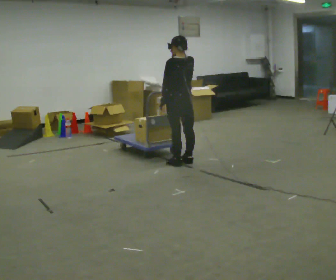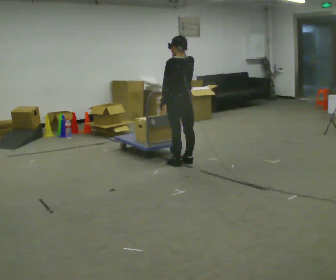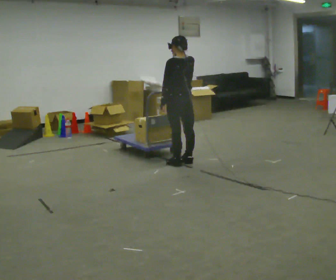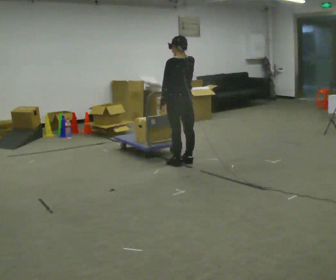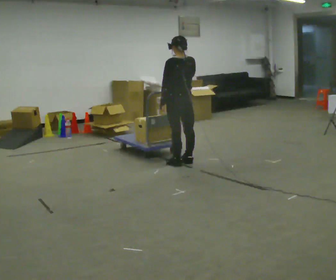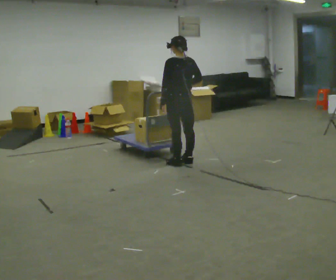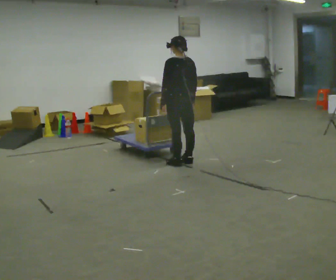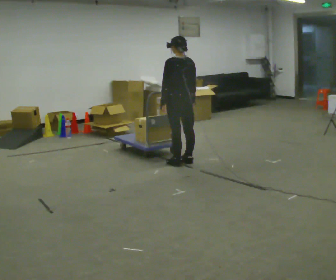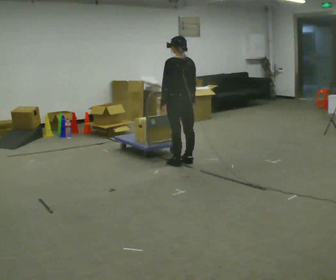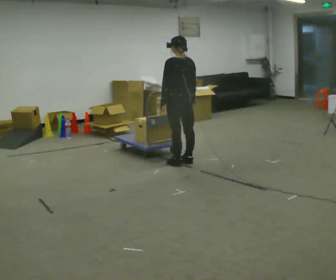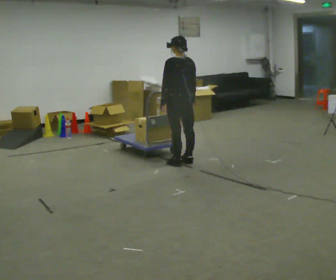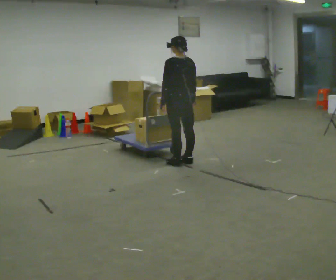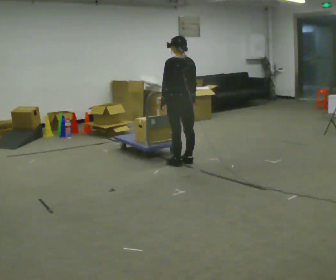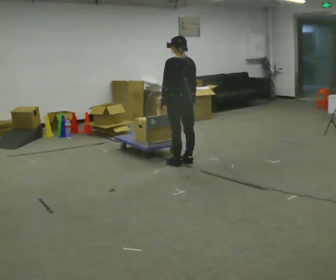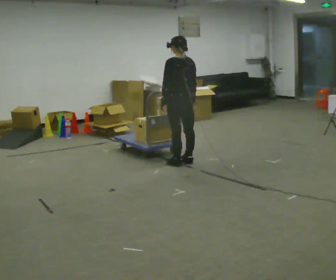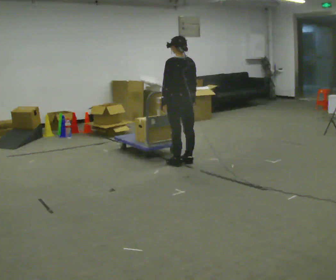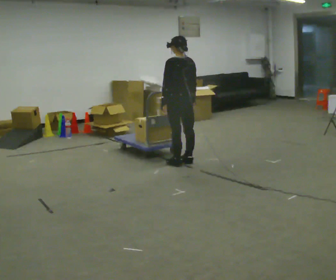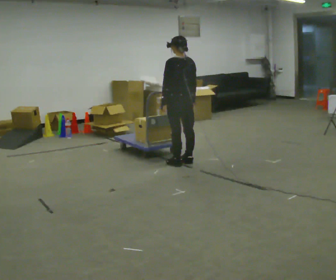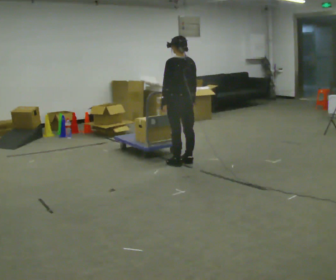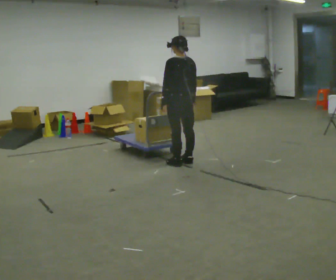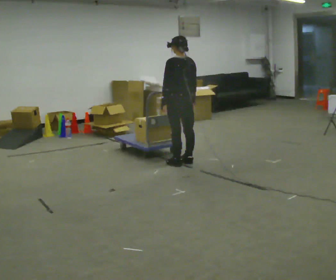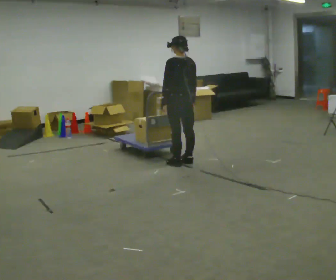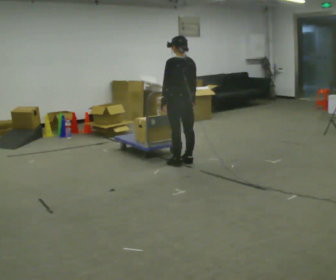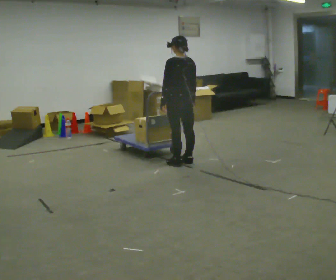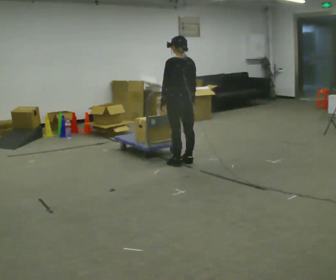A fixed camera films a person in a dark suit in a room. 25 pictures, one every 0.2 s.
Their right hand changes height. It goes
downward.
0.0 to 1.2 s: In the picture their right hand goes downward.
1.2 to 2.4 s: The person moves a little, or ends about where they began.
2.4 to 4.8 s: The person keeps their place and pose.
The film runs backward here.
